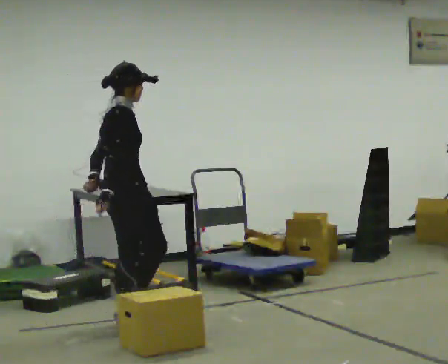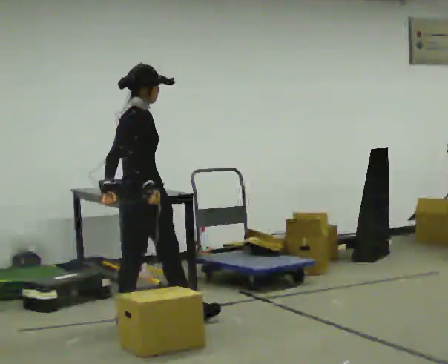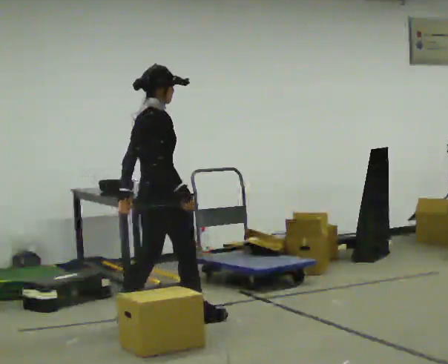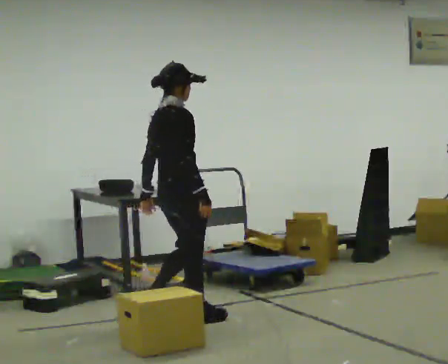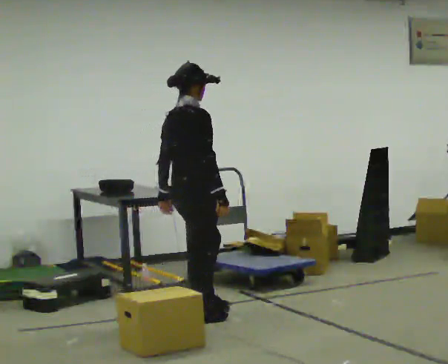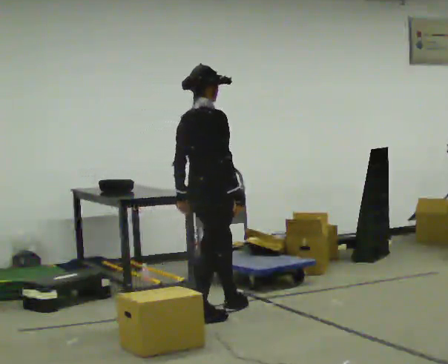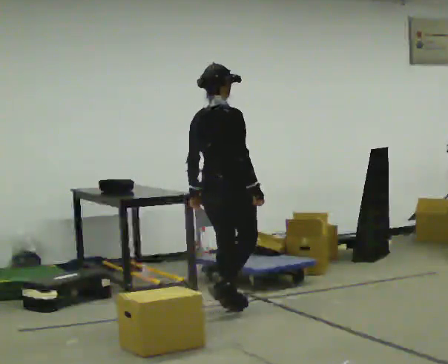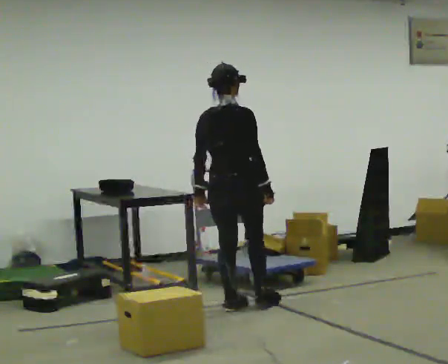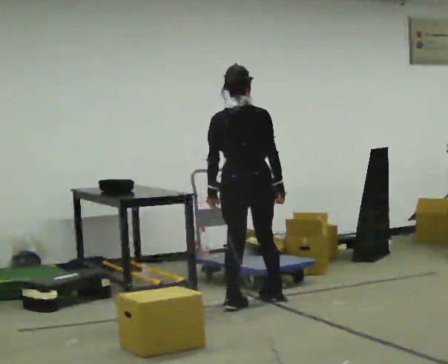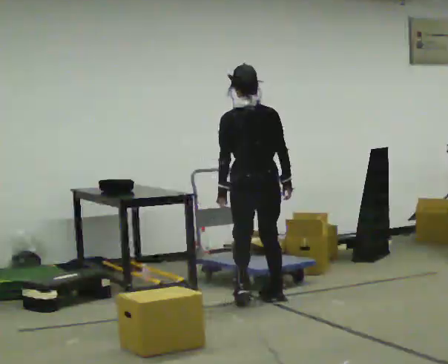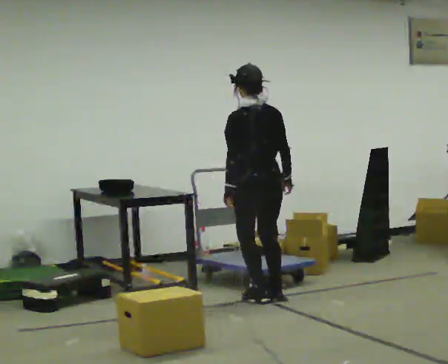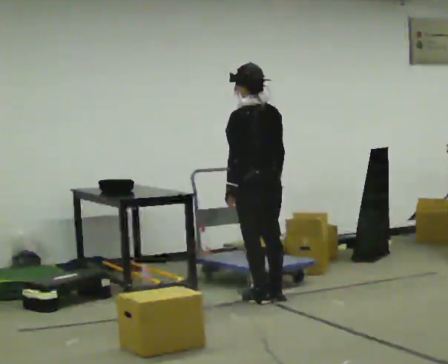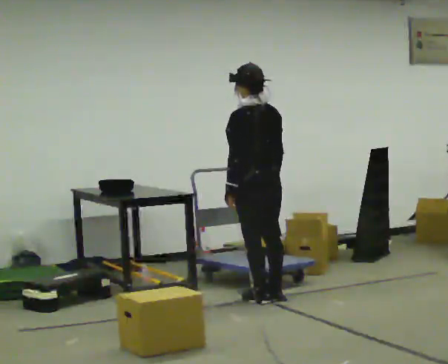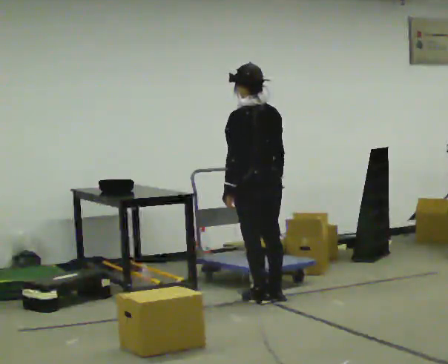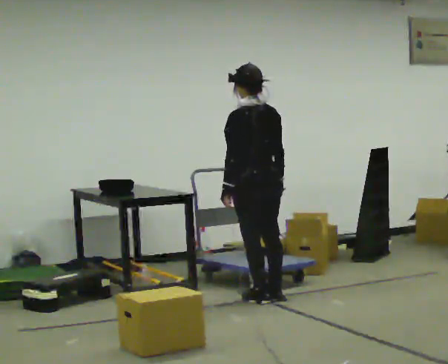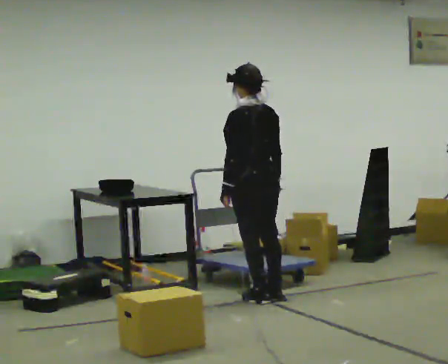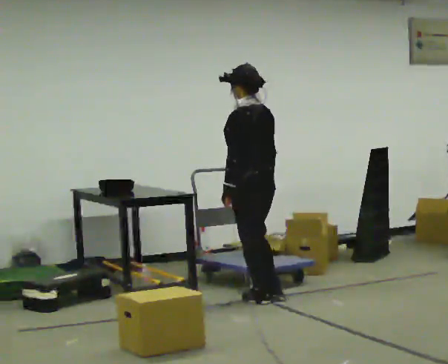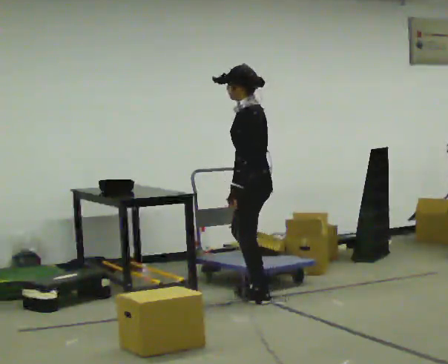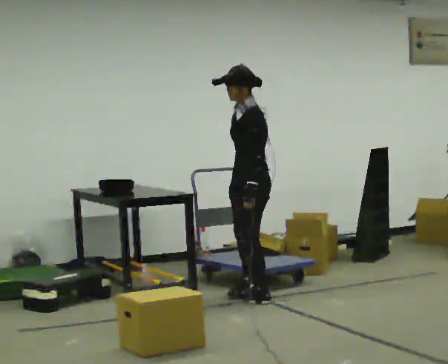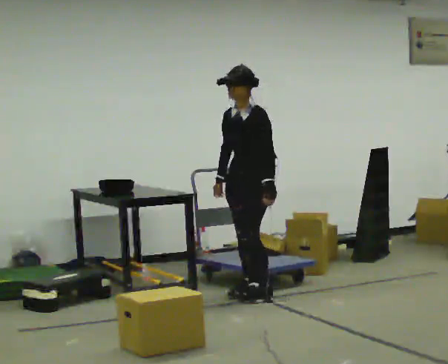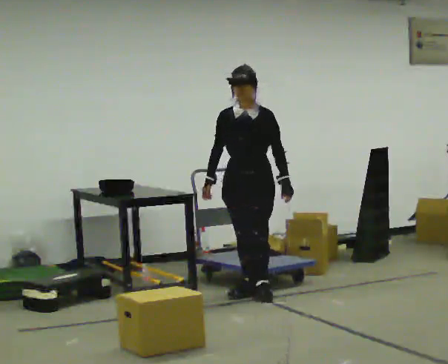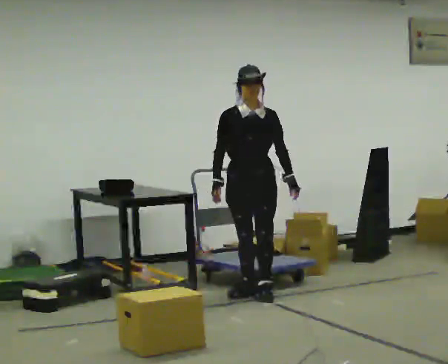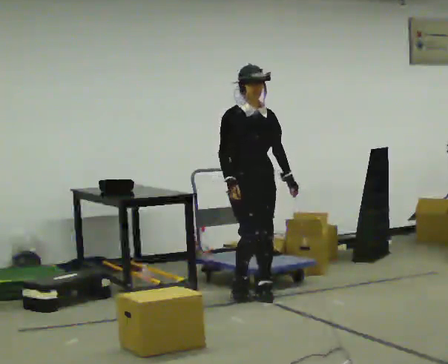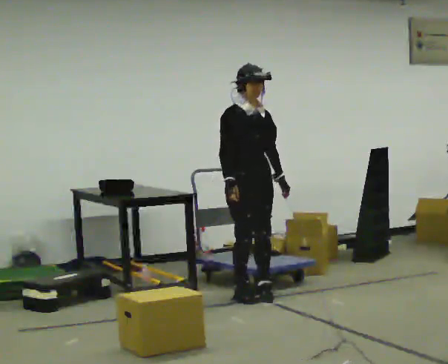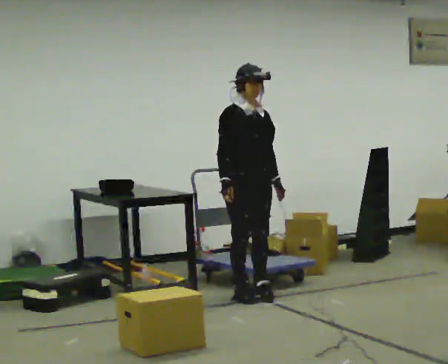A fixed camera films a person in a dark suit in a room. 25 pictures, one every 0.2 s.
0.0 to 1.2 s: The part of the body nearest the lens slides to the right as the person turns to their left by about 30 degrees. In the picture they go to the right and away from the camera, about 0.5 m in 2 steps, which for them is forward.
1.2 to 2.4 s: The person turns about 75 degrees to their left, counterclockwise seen from above, so the part of the body nearest the lens slides to the right. In the picture they go away from the camera and to the right, about 0.5 m in 2 steps.
2.4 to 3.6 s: The person turns about 60 degrees to their left, counterclockwise seen from above, so the part of the body nearest the lens slides to the right.
3.6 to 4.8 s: The person turns about 105 degrees to their left, counterclockwise seen from above, so the part of the body nearest the lens slides to the right.
The film runs forward here.
